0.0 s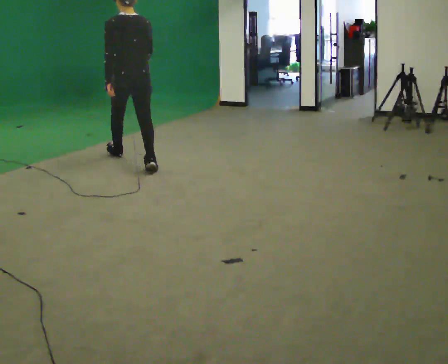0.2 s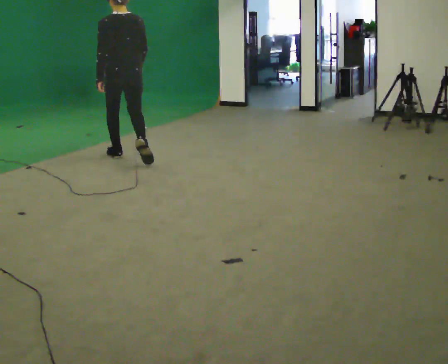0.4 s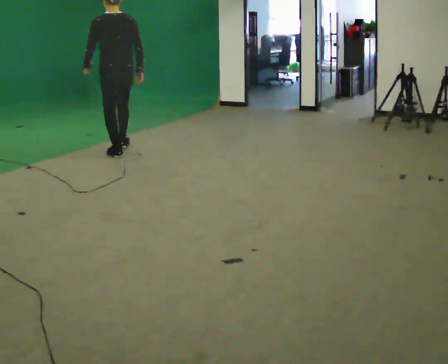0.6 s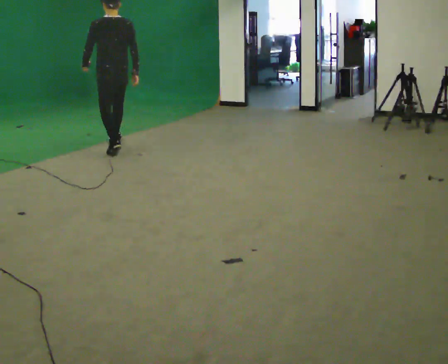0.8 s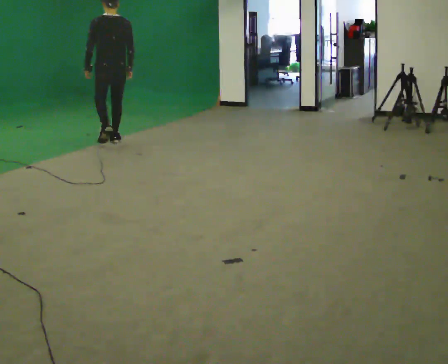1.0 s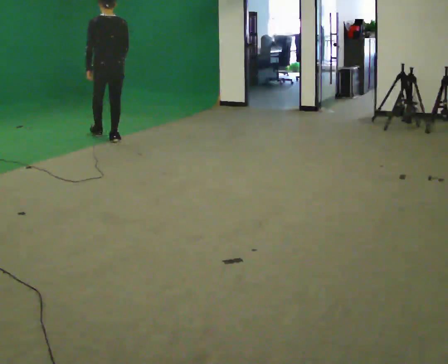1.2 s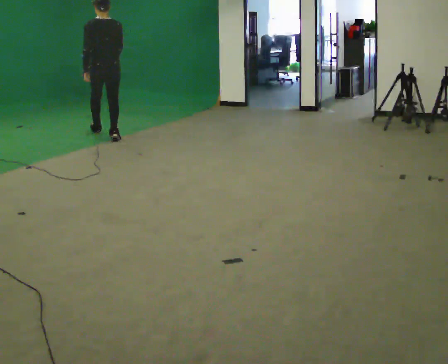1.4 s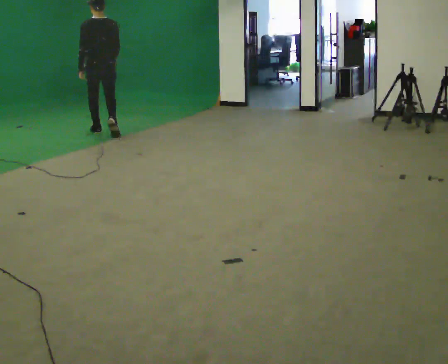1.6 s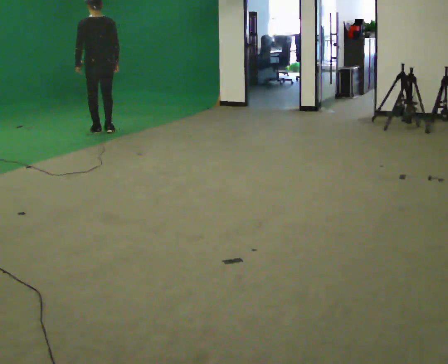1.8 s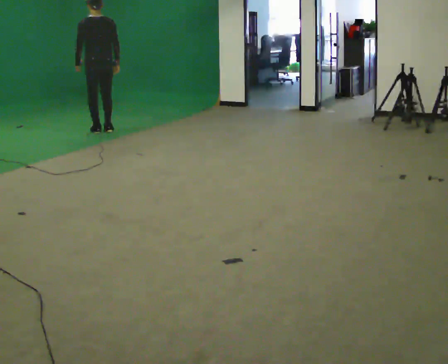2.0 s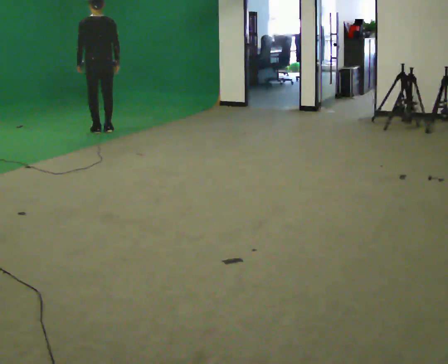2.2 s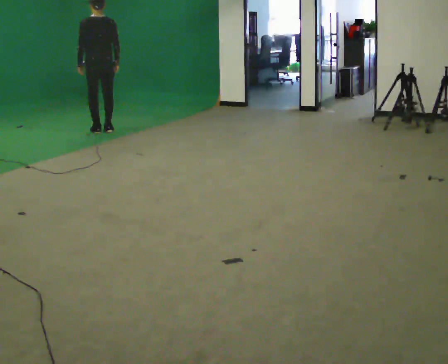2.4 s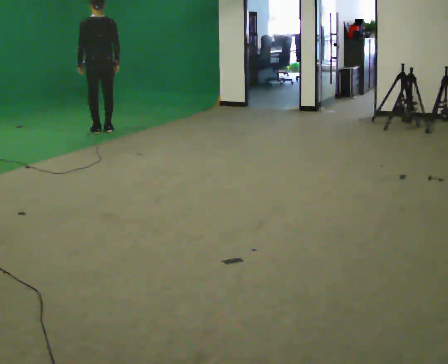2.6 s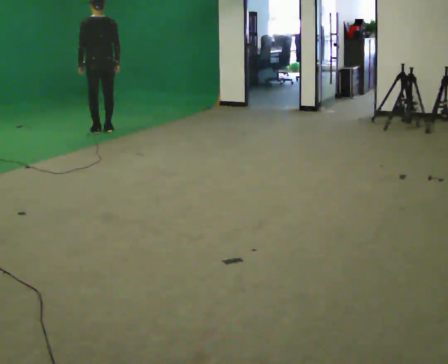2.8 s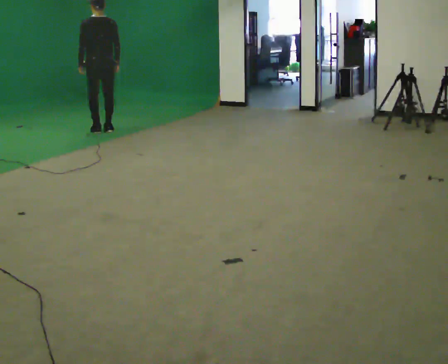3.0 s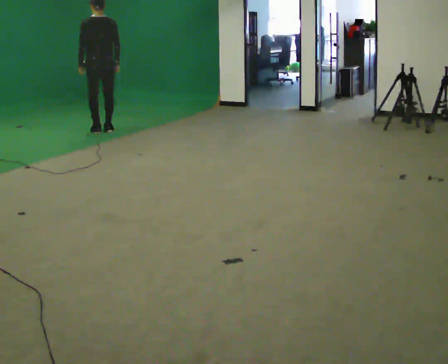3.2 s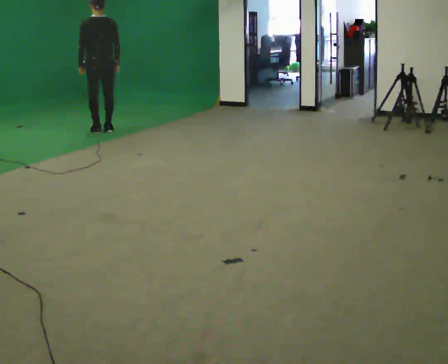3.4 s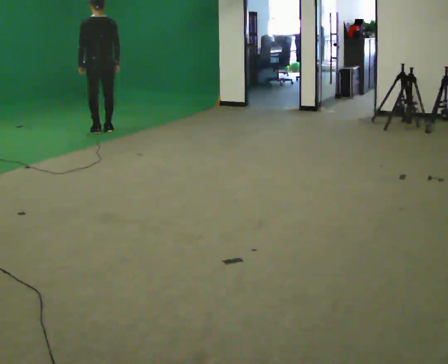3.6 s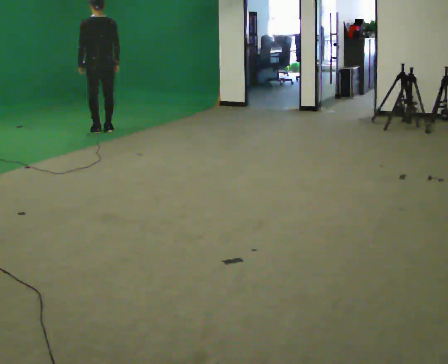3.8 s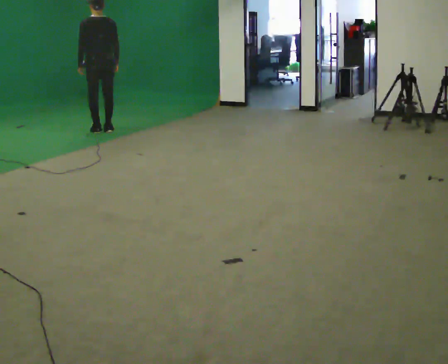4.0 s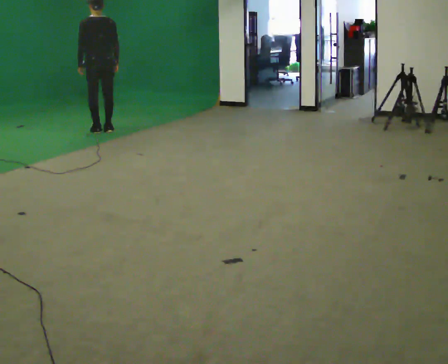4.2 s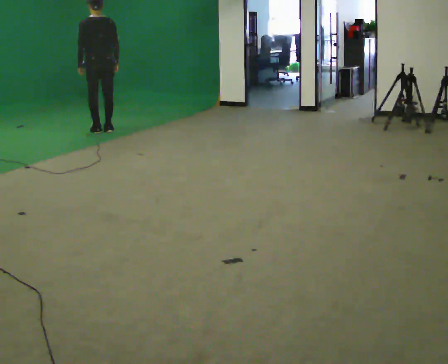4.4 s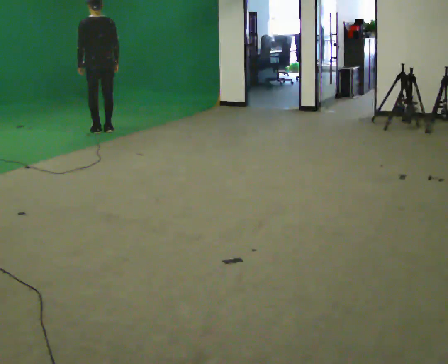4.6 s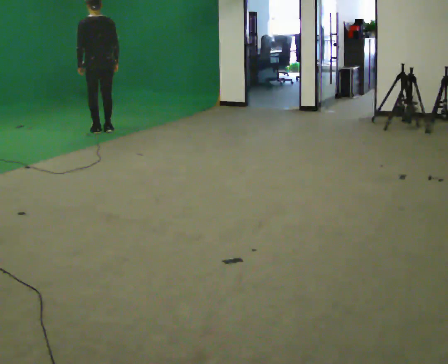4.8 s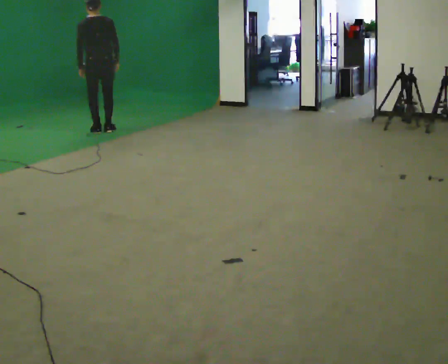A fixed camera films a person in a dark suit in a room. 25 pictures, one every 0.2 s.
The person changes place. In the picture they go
away from the camera.
0.0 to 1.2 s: In the picture they go away from the camera, about 1.5 m in 3 steps, which for them is forward.
1.2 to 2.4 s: In the picture they go away from the camera, about 0.25 m in 1 step, which for them is forward.
2.4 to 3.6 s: The person keeps their place and pose.
3.6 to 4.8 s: The person moves a little, or ends about where they began.
The film runs forward here.
